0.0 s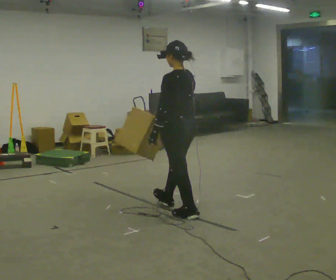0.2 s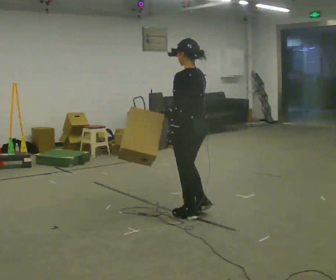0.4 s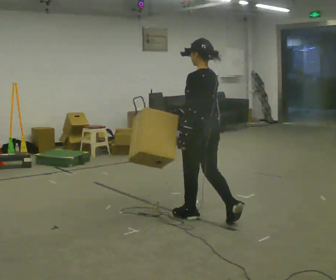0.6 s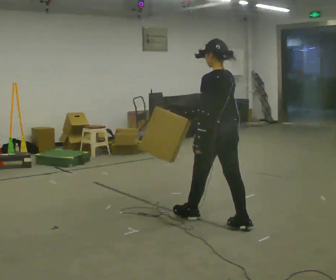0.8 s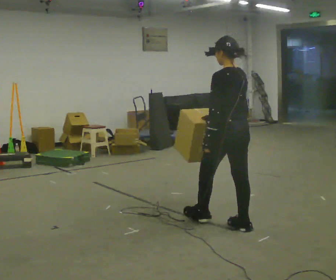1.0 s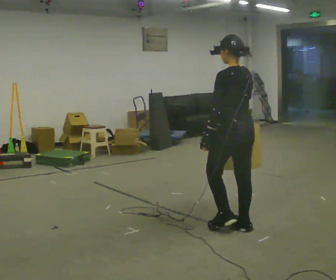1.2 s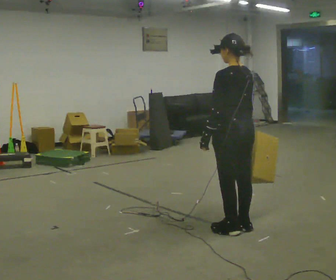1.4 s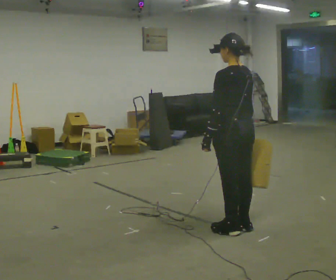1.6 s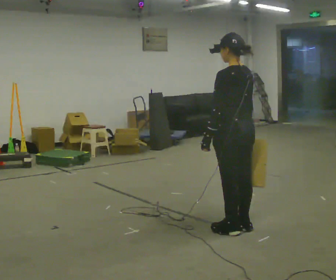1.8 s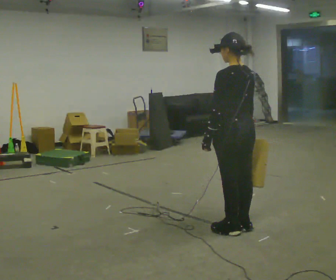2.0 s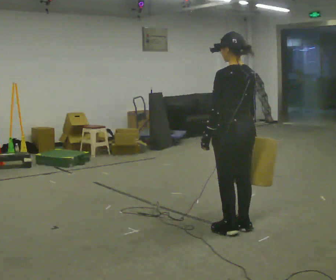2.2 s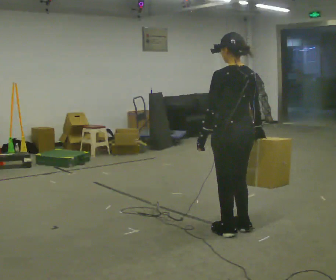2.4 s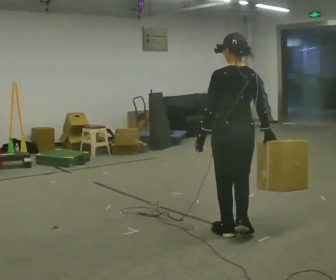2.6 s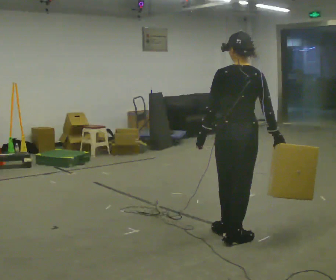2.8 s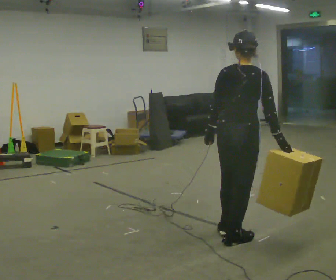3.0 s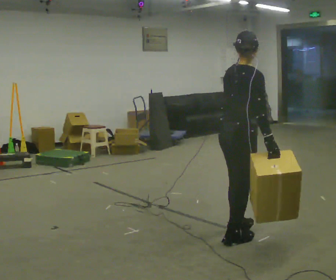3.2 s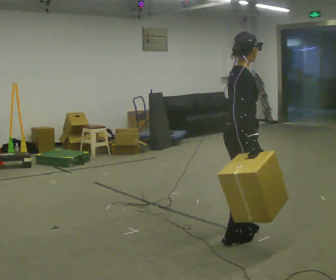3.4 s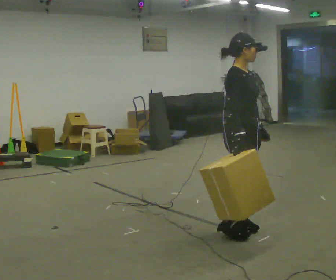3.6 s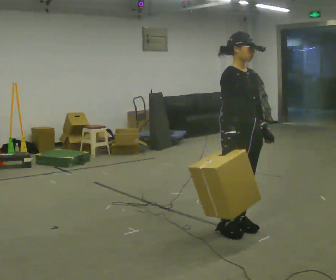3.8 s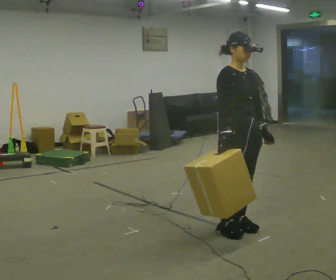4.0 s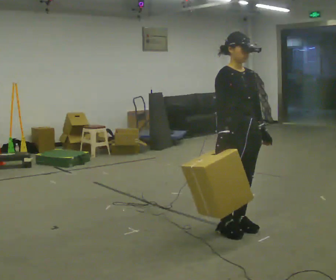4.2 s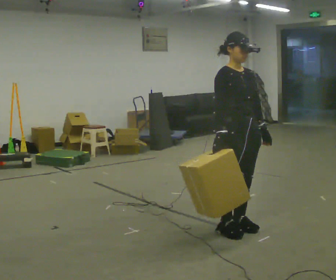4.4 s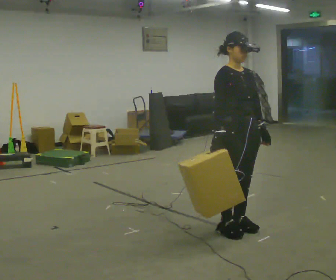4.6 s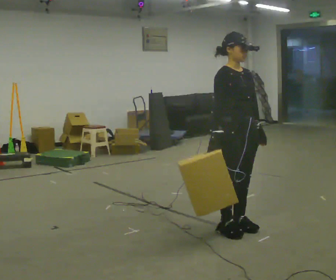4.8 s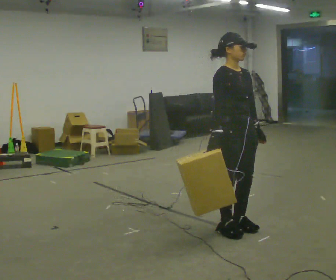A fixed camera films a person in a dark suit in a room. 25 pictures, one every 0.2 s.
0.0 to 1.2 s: In the picture they go to the right and toward the camera, about 0.75 m in 1 step, which for them is backward.
1.2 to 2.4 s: In the picture they go toward the camera, about 0.25 m in 1 step, which for them is to their left.
2.4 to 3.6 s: Seen from above the body turns clockwise, about 150 degrees: to their right, with its near side sliding to the left. In the picture their left hand goes to the right, the arm swinging counterclockwise.
3.6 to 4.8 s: The person moves a little, or ends about where they began.
The film runs backward here.
